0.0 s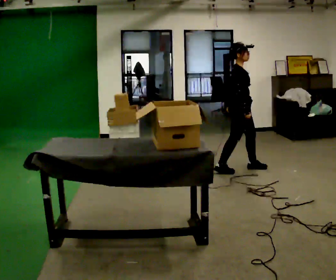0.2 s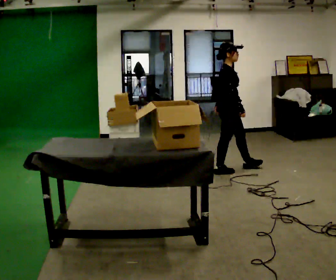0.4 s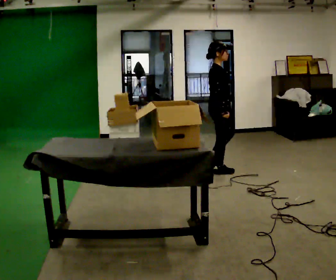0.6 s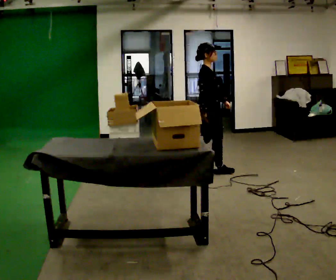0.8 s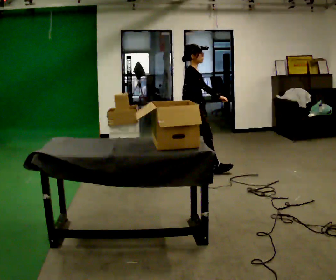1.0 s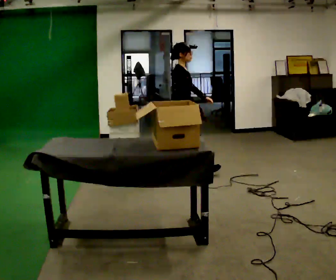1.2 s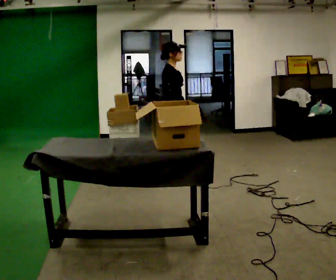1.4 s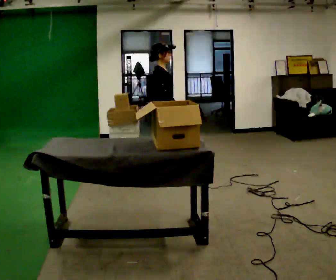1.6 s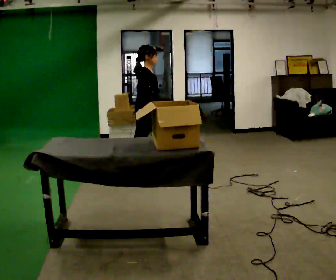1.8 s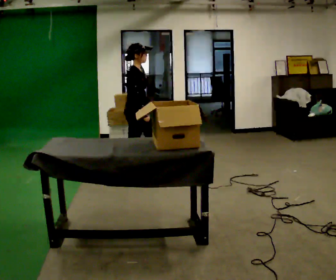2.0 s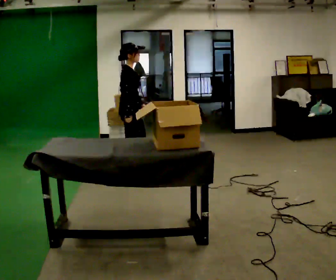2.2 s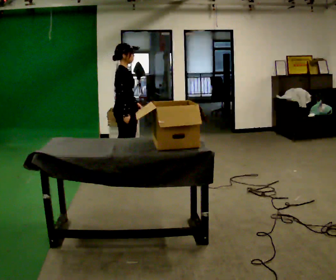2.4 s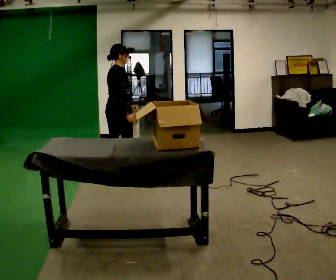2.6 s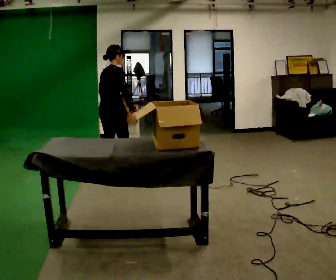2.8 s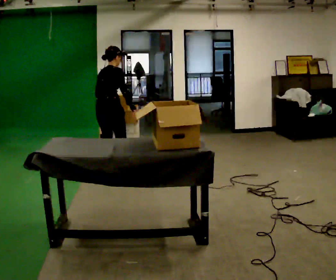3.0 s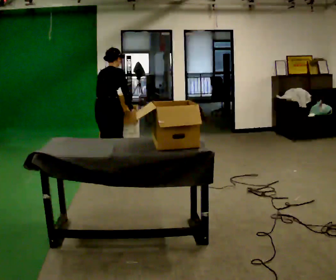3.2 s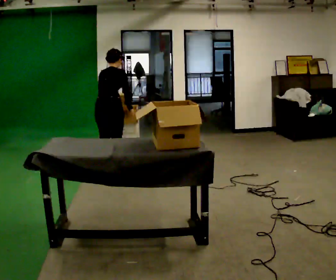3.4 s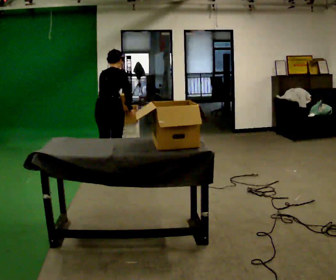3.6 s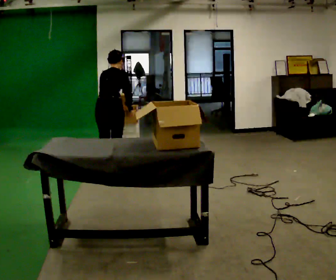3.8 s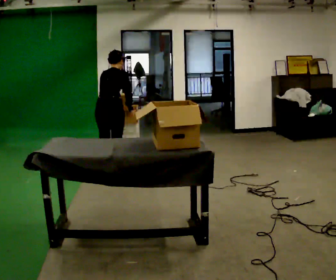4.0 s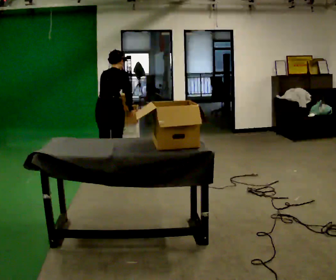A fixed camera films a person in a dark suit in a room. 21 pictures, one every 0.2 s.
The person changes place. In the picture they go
to the left.
The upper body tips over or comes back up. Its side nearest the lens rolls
upward.
0.0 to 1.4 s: In the picture they go to the left, about 1 m in 2 steps, which for them is backward.
1.4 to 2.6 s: The part of the body nearest the lens slides to the right as the person turns to their left by about 60 degrees. In the picture they go to the left, about 0.5 m in 1 step, which for them is backward.
2.6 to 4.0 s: The person turns about 30 degrees to their left, counterclockwise seen from above, so the part of the body nearest the lens slides to the right. The upper body tips away from the camera, its near side rolling upward, as they bend forward.
The film runs backward here.
